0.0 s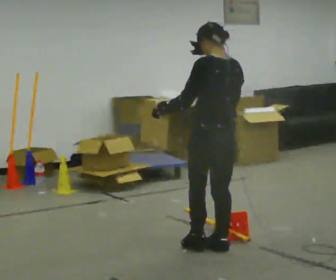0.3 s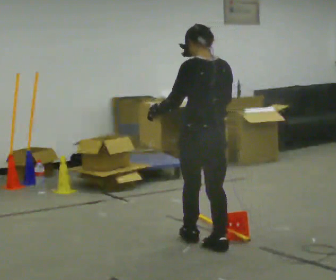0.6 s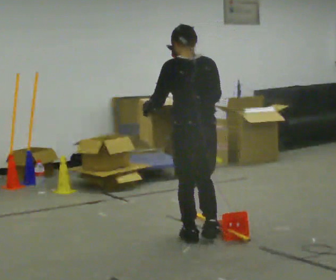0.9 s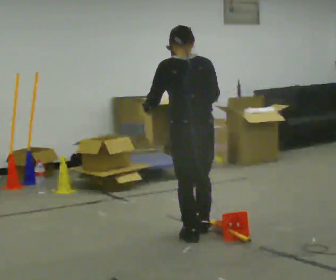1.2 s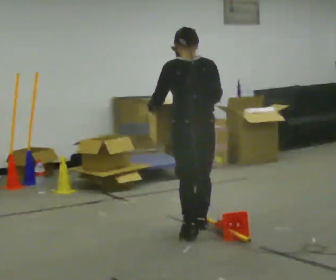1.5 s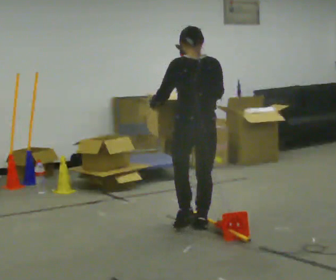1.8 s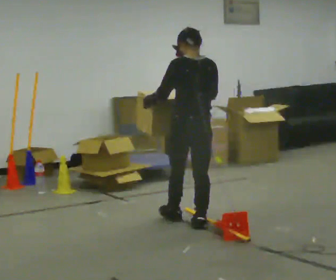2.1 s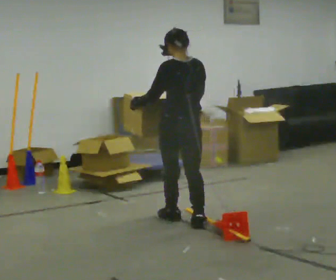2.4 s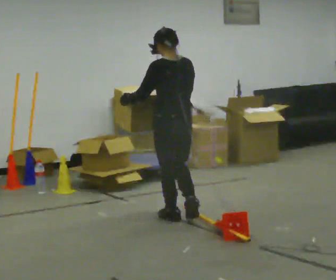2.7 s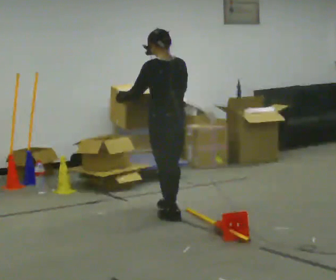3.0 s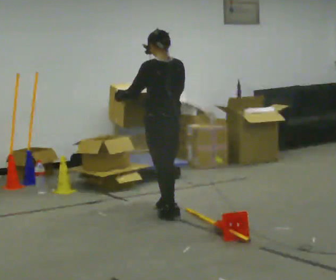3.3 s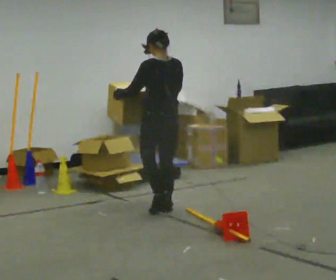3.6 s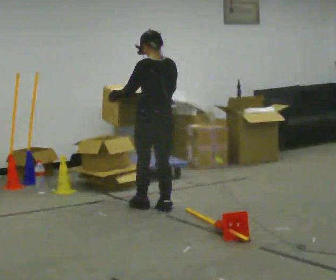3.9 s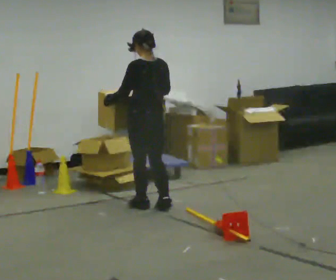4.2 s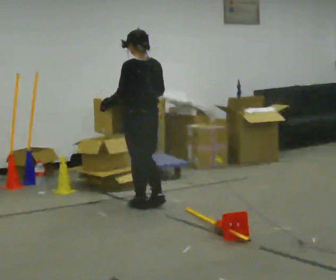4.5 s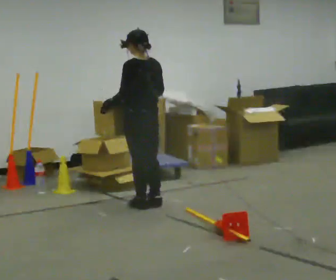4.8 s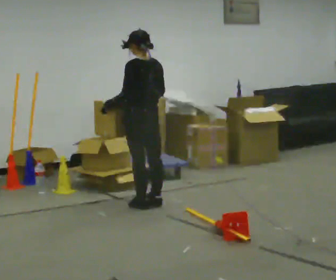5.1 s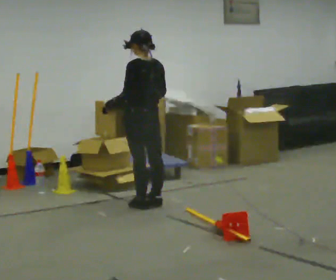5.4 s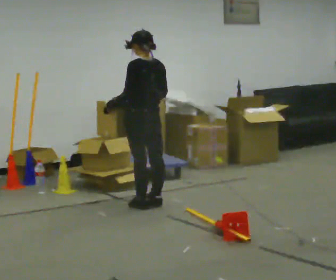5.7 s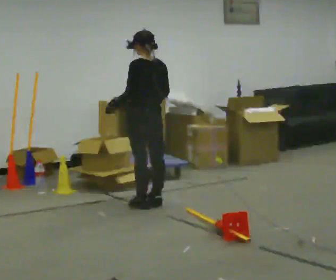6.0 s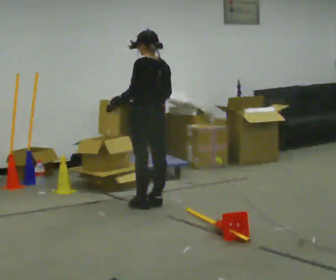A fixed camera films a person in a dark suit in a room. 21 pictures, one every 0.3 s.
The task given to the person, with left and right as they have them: Walk toward obstacle; alter path to avoid it; continue toward original destination.
0.0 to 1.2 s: The part of the body nearest the lens slides to the left as the person turns to their right by about 30 degrees. In the picture they go away from the camera, about 0.5 m in 2 steps, which for them is forward.
1.2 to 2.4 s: In the picture they go away from the camera, about 0.5 m in 1 step, which for them is forward.
2.4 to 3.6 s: In the picture they go away from the camera, about 0.5 m in 1 step, which for them is forward.
3.6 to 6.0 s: The person moves a little, or ends about where they began.
The film runs forward here.
